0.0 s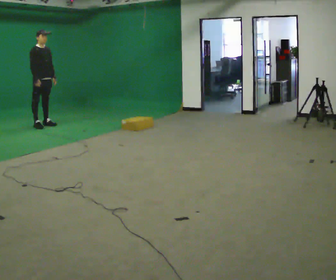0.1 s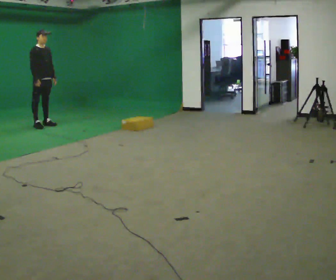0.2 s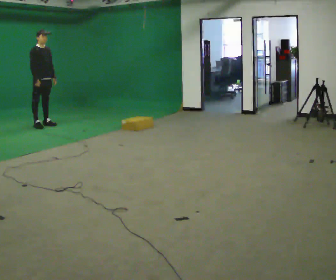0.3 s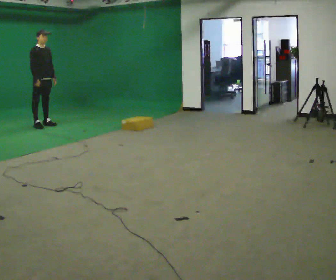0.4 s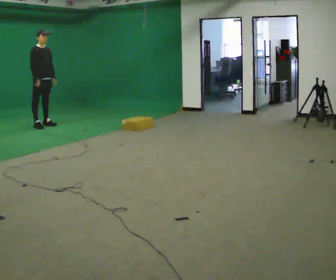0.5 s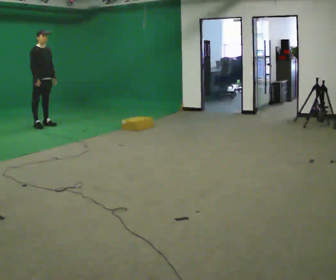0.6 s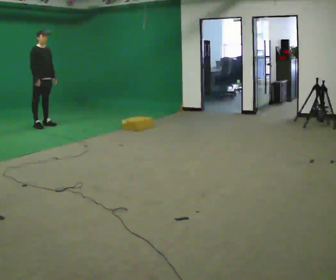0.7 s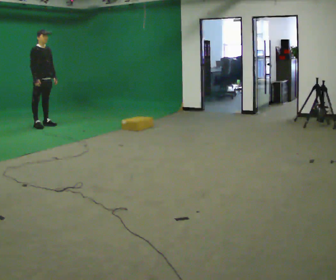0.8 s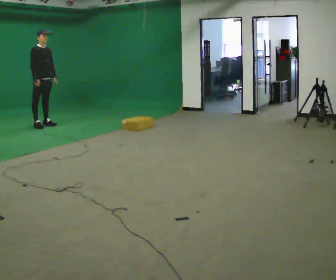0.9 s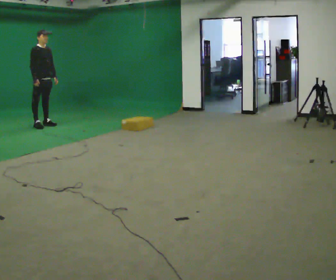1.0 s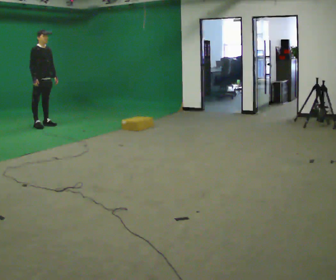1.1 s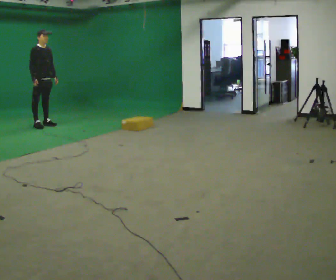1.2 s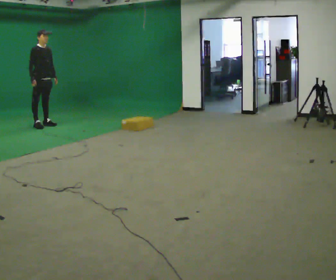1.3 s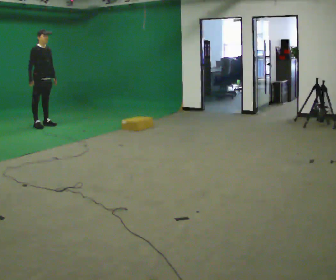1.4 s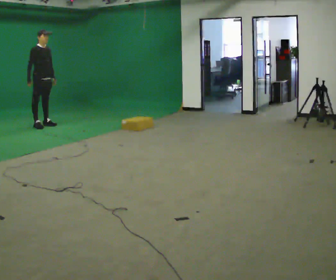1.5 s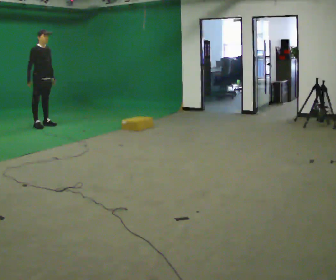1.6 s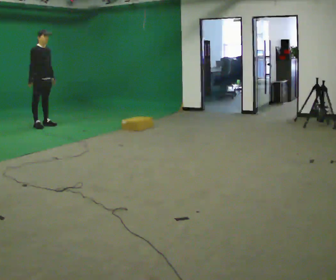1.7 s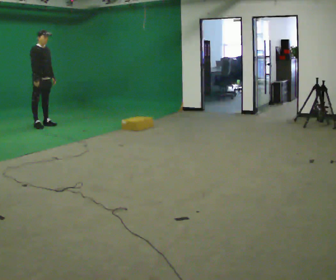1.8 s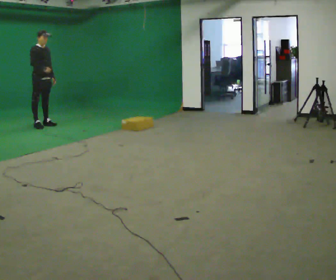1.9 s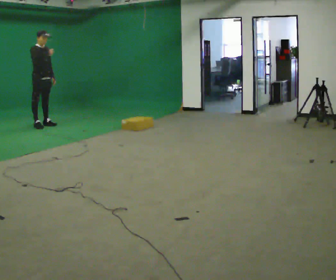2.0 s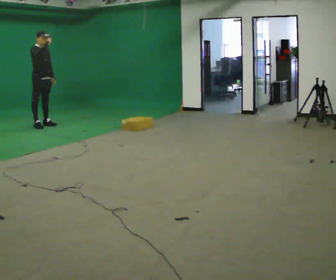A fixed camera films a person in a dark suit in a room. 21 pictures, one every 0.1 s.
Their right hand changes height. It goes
upward.
0.0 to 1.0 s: The person moves a little, or ends about where they began.
1.0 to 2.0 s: In the picture their right hand goes upward.
The film runs backward here.
